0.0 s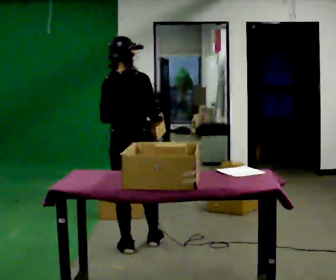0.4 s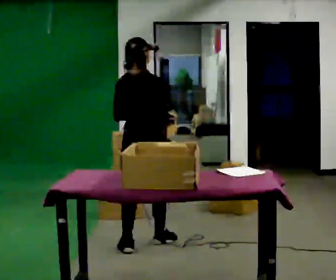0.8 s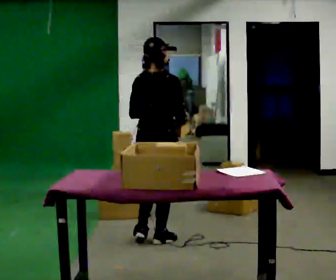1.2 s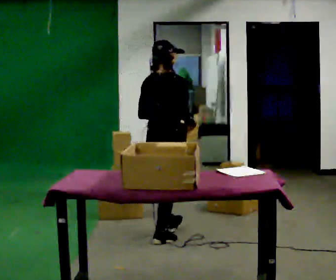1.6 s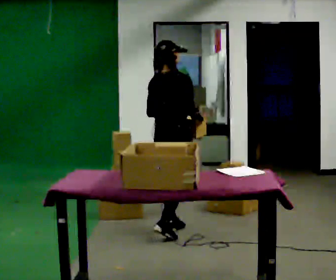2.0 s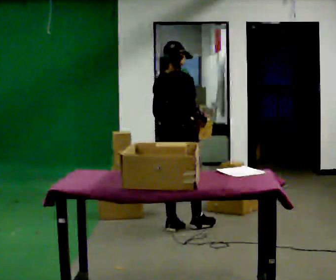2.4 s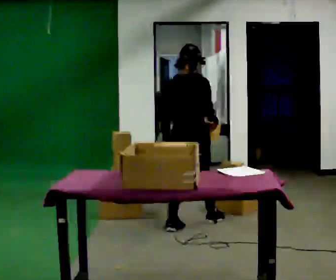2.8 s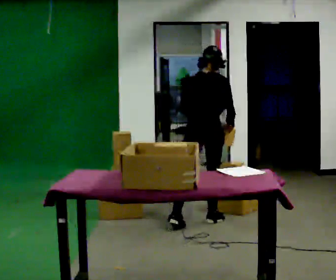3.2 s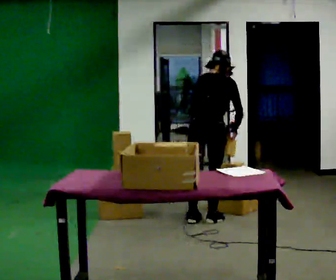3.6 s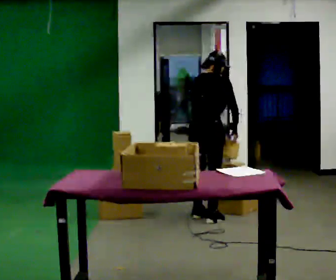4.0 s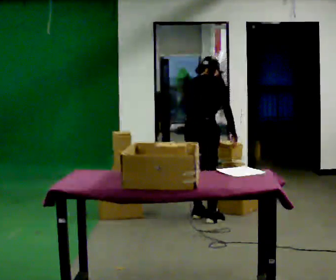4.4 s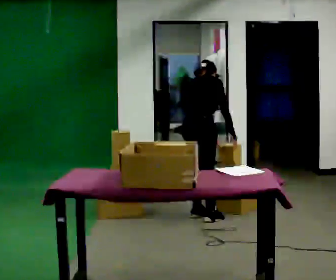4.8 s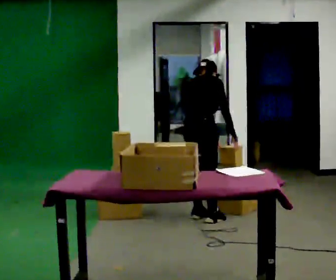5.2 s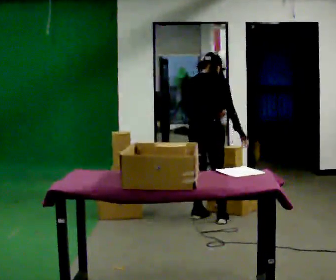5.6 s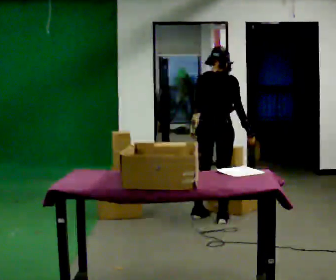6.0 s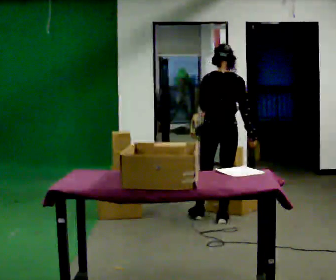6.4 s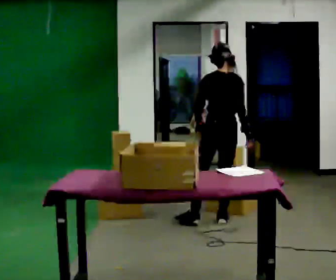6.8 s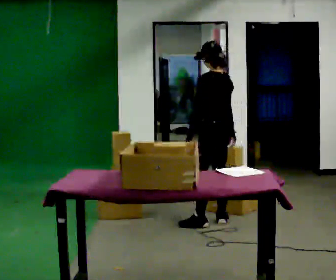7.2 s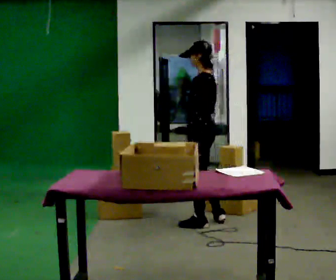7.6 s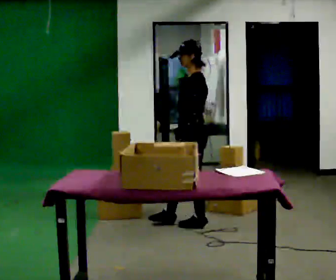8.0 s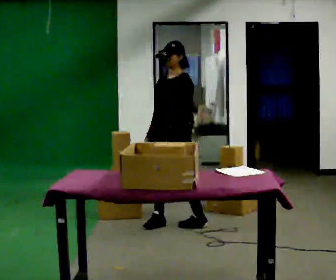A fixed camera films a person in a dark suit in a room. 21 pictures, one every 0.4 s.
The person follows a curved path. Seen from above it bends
clockwise.
0.0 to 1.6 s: In the picture they go away from the camera and to the right, about 0.5 m in 2 steps, which for them is forward.
1.6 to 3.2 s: In the picture they go away from the camera and to the right, about 0.5 m in 1 step, which for them is forward.
3.2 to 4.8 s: In the picture they go away from the camera, about 0.25 m in 1 step, which for them is to their left.
4.8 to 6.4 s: Seen from above the body turns counterclockwise, about 75 degrees: to their left, with its near side sliding to the right. In the picture they go to the right, about 0.25 m. The upper body tips toward the camera, its near side rolling downward, as they lean back or straighten.
6.4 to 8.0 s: Seen from above the body turns counterclockwise, about 105 degrees: to their left, with its near side sliding to the right. In the picture they go to the left, about 0.5 m in 2 steps.
The film runs forward here.
